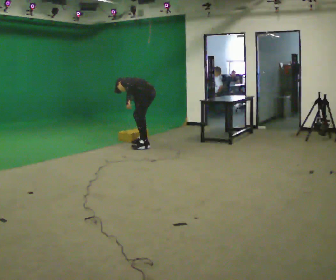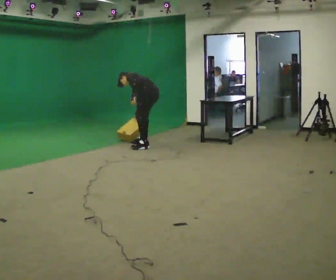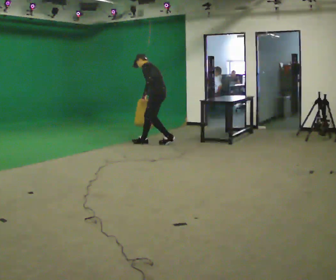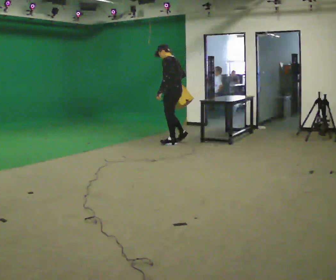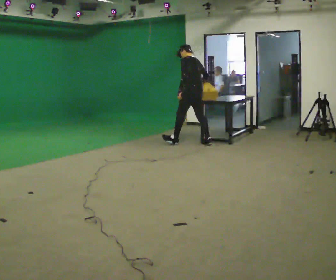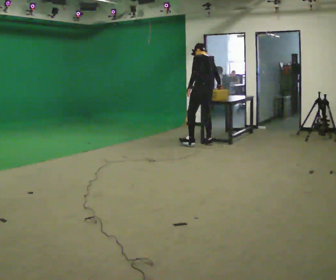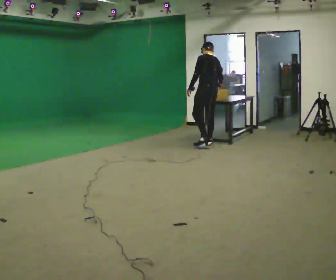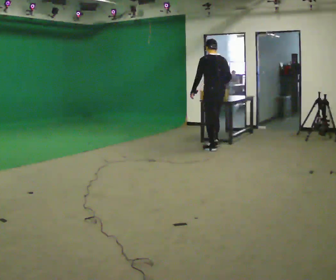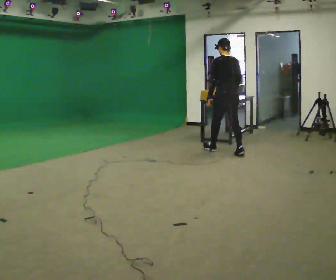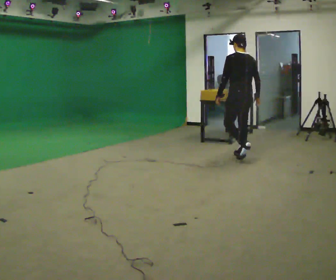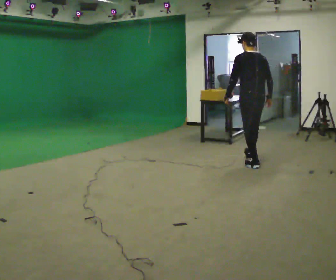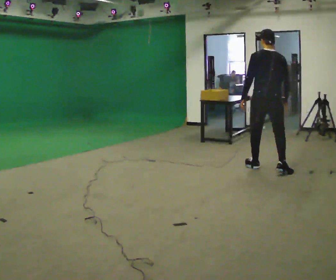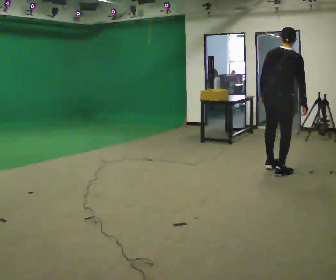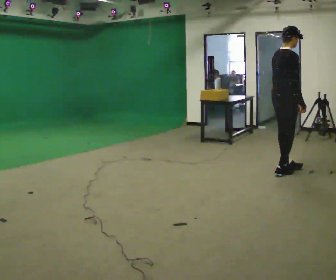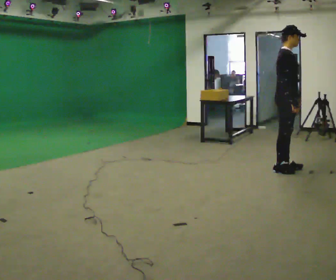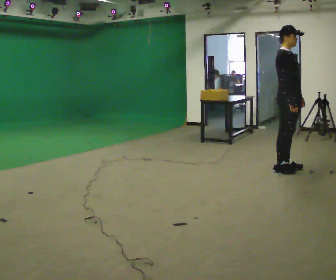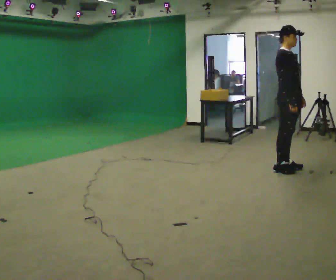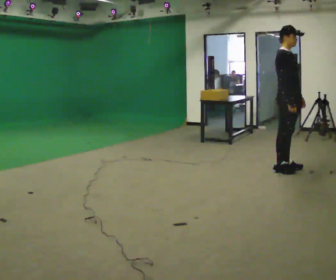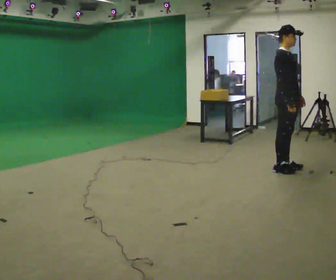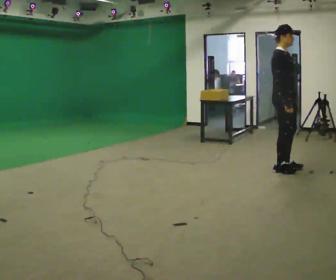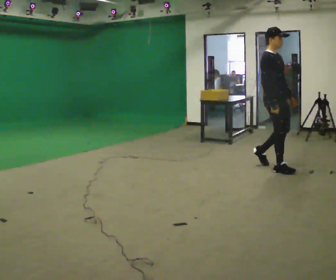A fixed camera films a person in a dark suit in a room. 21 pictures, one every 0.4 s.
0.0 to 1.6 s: In the picture they go to the right, about 1 m in 3 steps, which for them is backward. The shoulders move upward. In the picture the upper body tilts clockwise, shoulders to the right, as they lean back or straighten.
1.6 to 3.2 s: In the picture they go to the right and toward the camera, about 1 m in 2 steps, which for them is backward.
3.2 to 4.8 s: Seen from above the body turns clockwise, about 60 degrees: to their right, with its near side sliding to the left. In the picture they go toward the camera and to the right, about 1.5 m in 2 steps. In the picture the upper body tilts clockwise, shoulders to the right.
4.8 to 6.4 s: Seen from above the body turns clockwise, about 75 degrees: to their right, with its near side sliding to the left. In the picture the upper body tilts counterclockwise, shoulders to the left, as they lean back or straighten. In the picture their left hand goes to the right, the arm swinging counterclockwise.
6.4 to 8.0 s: In the picture they go to the left, about 0.25 m in 1 step, which for them is backward.
The film runs backward here.
